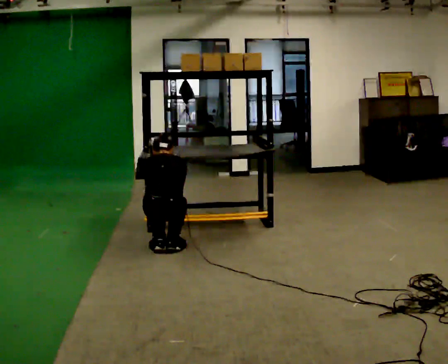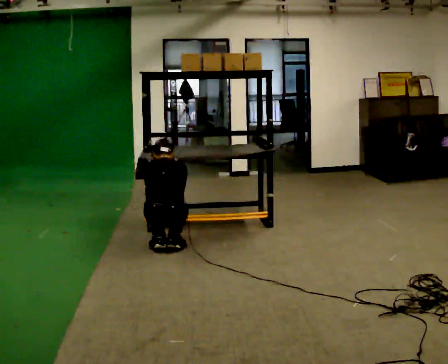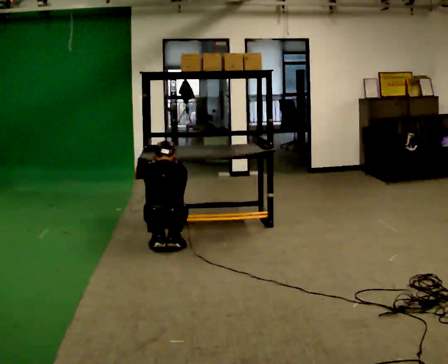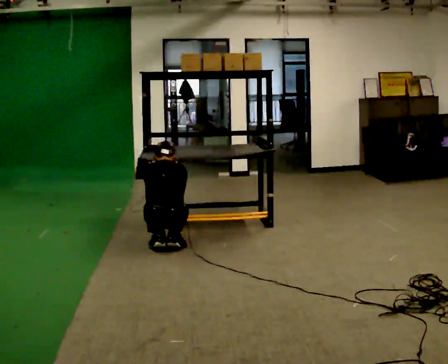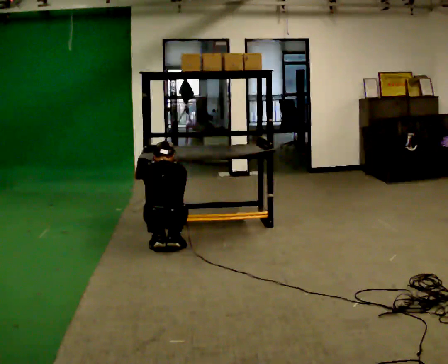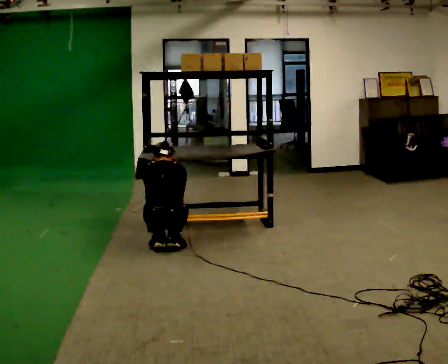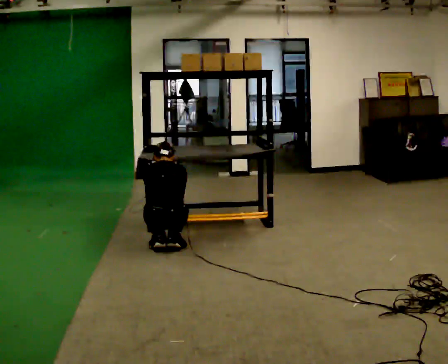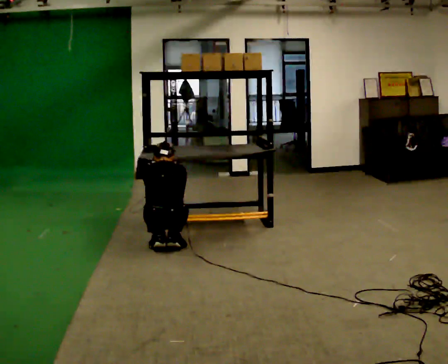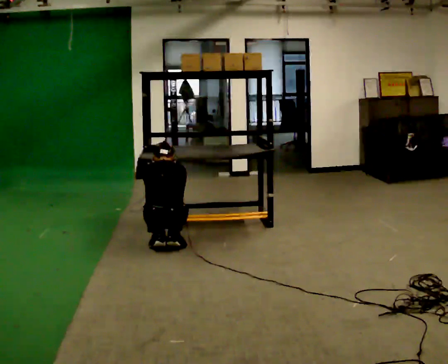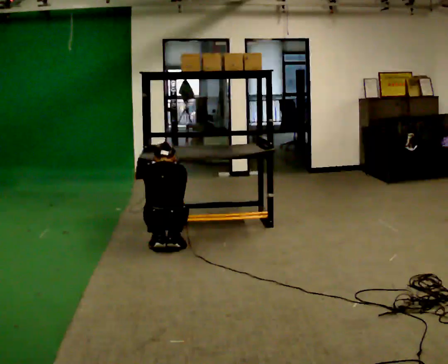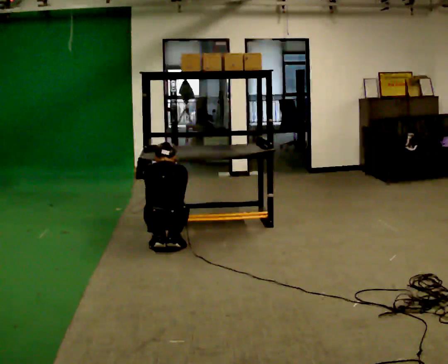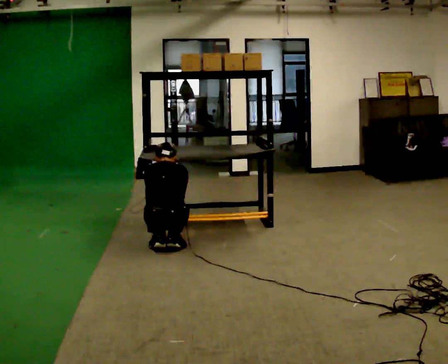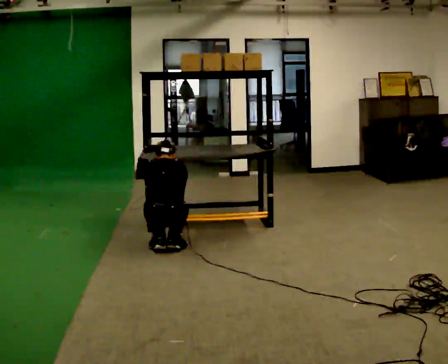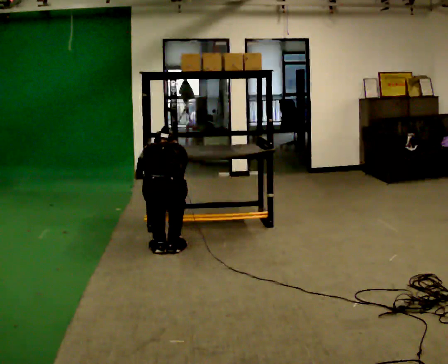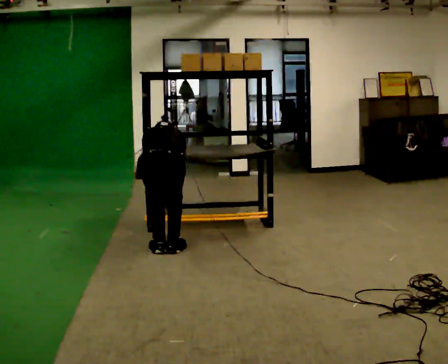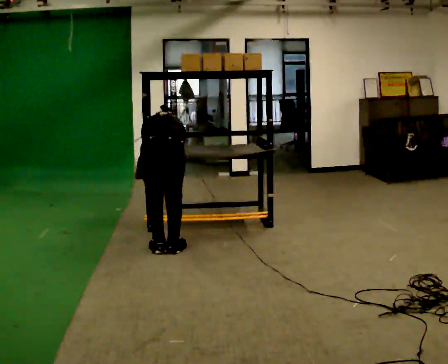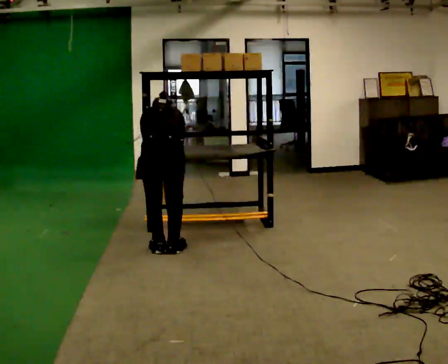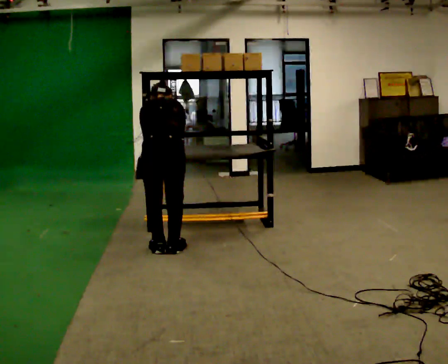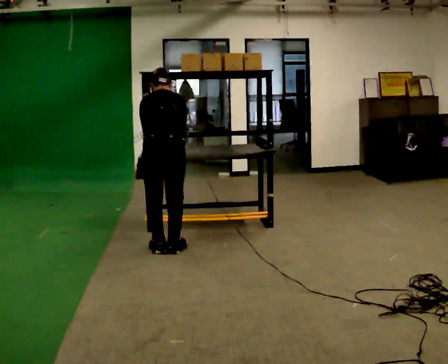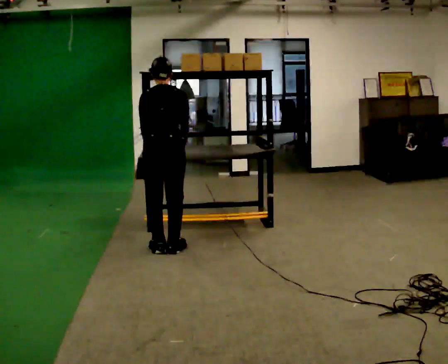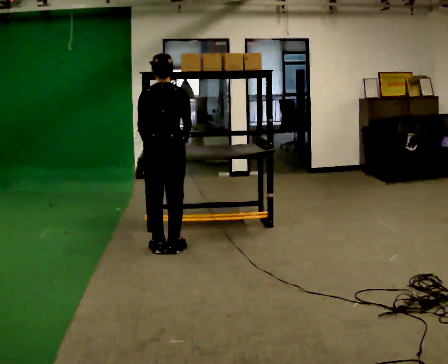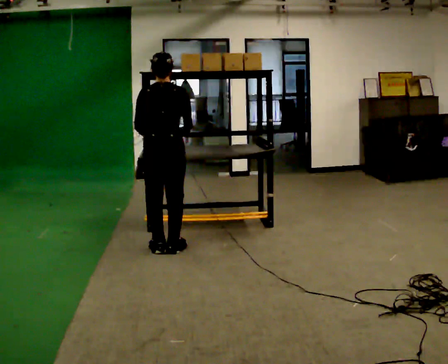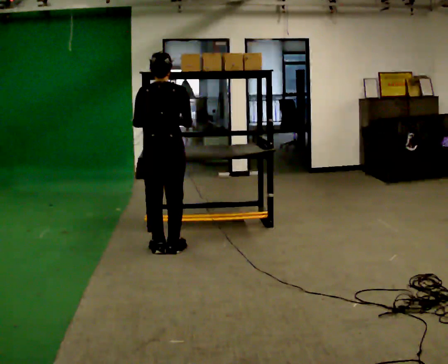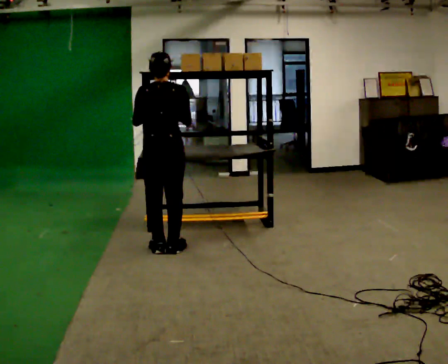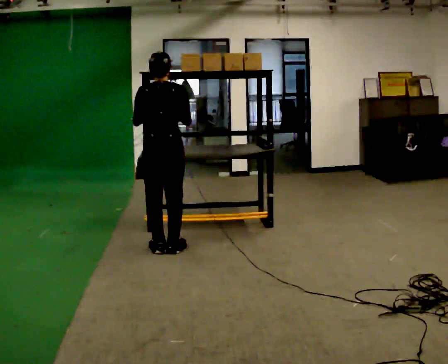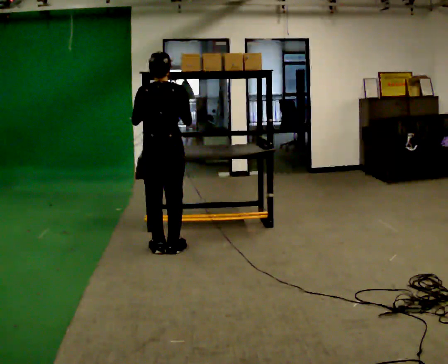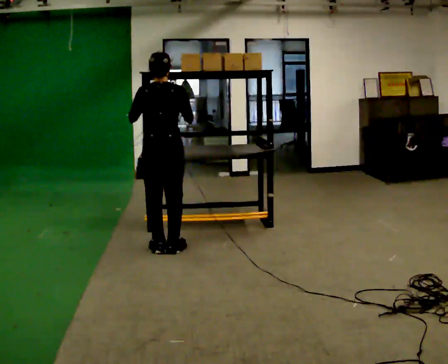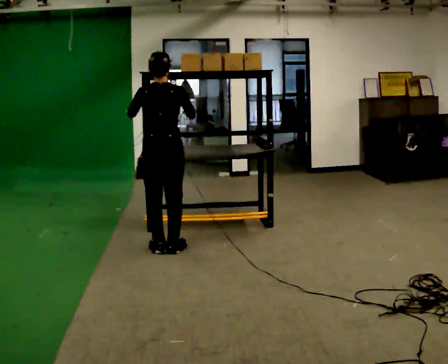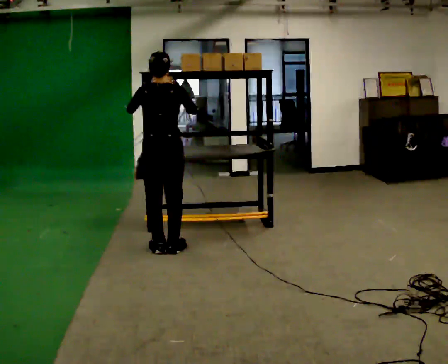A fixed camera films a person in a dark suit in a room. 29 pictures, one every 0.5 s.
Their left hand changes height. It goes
upward.
The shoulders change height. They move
upward.
0.0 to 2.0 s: The person moves a little, or ends about where they began.
2.0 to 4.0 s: The person keeps their place and pose.
4.0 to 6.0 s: The person moves a little, or ends about where they began.
6.0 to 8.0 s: The shoulders move upward.
8.0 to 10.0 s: The shoulders move upward. The upper body tips toward the camera, its near side rolling downward, as they lean back or straighten.
10.0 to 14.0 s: In the picture their left hand goes upward.
The film runs forward here.
